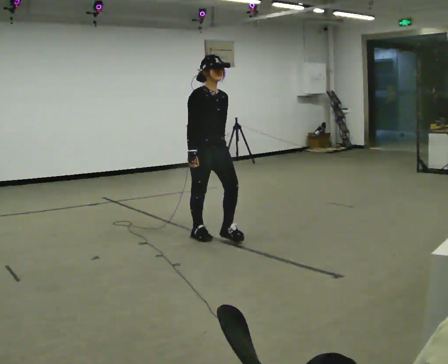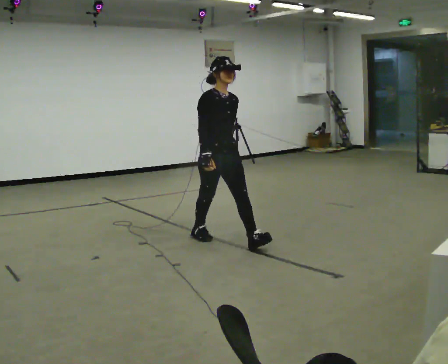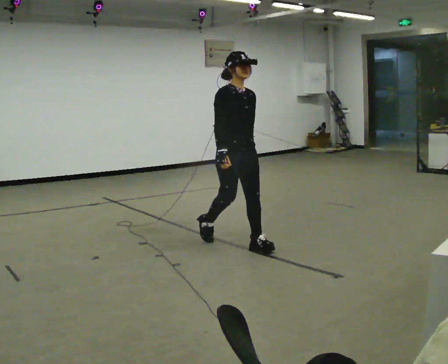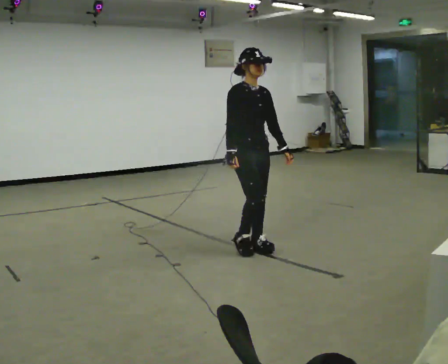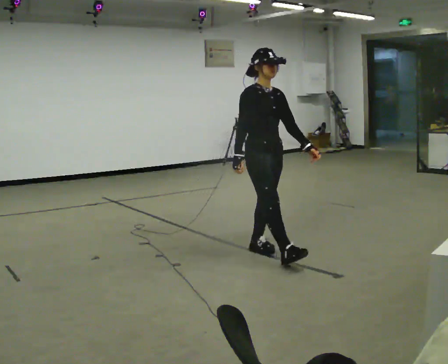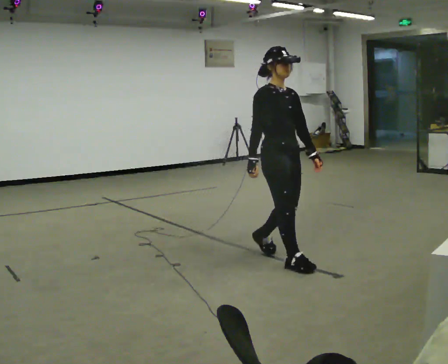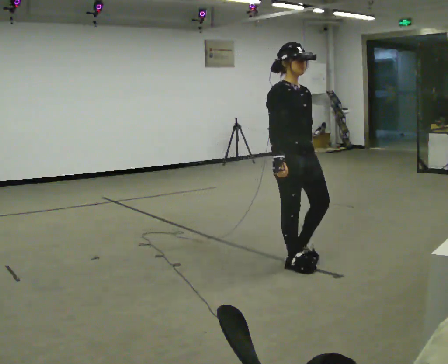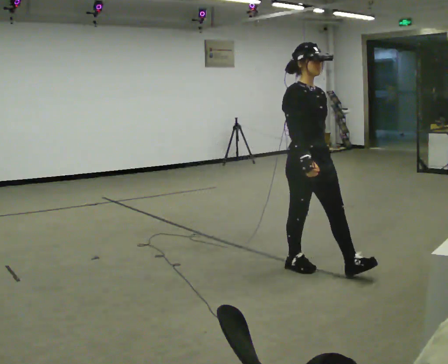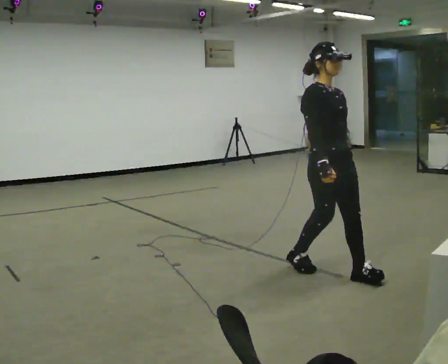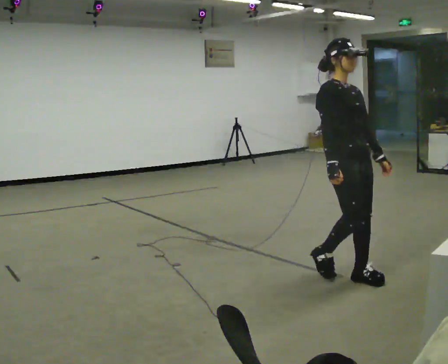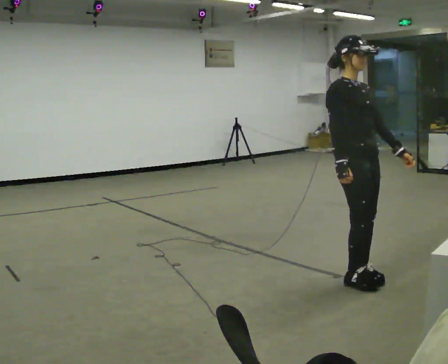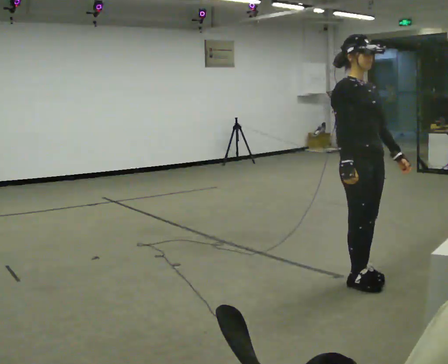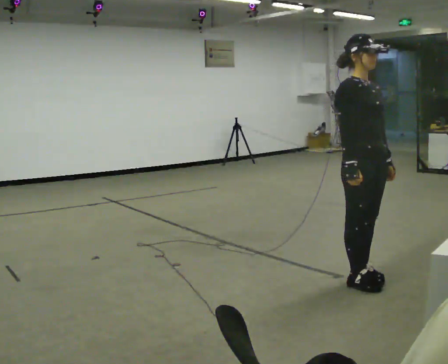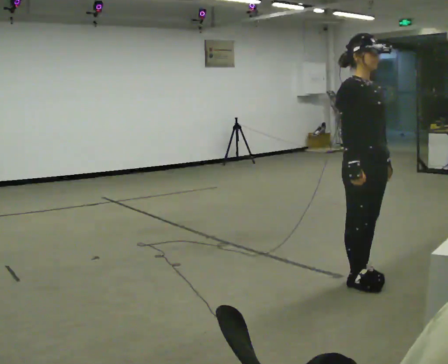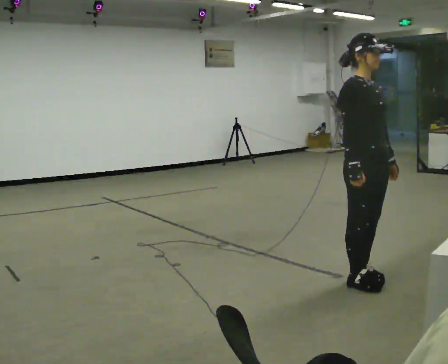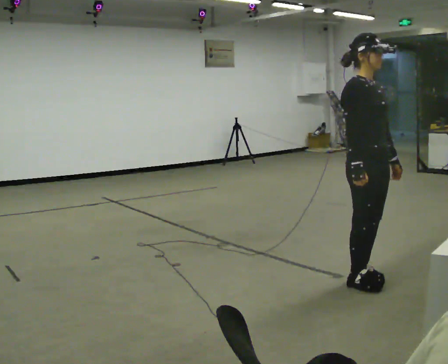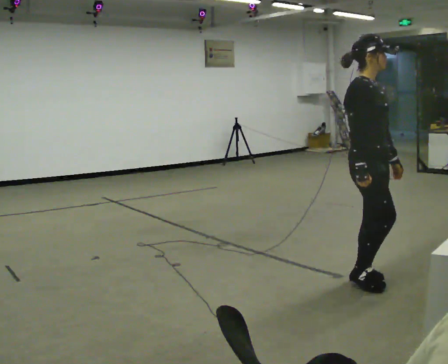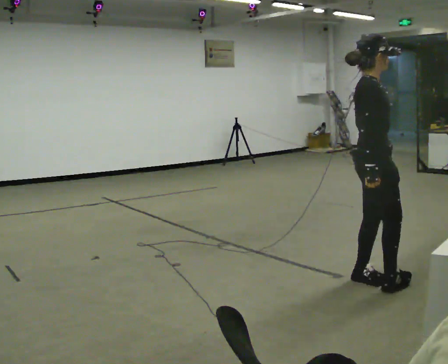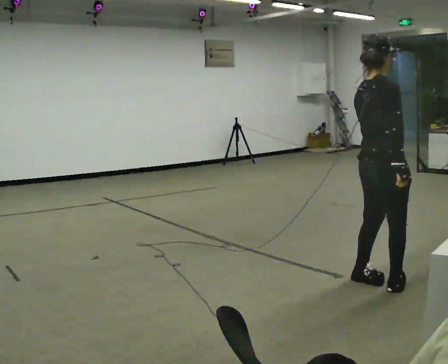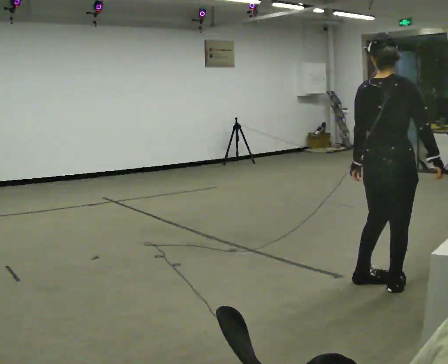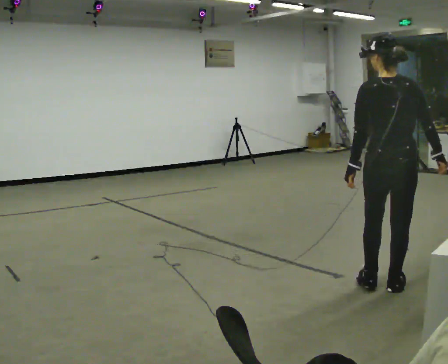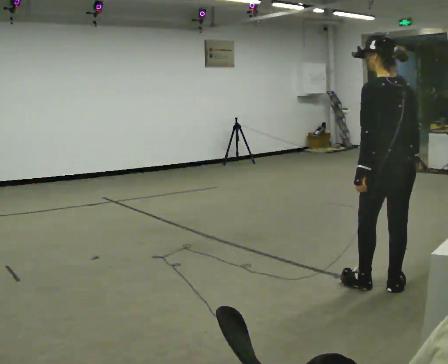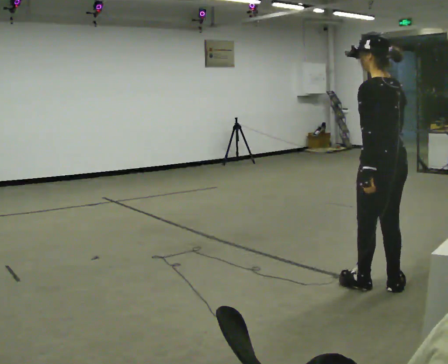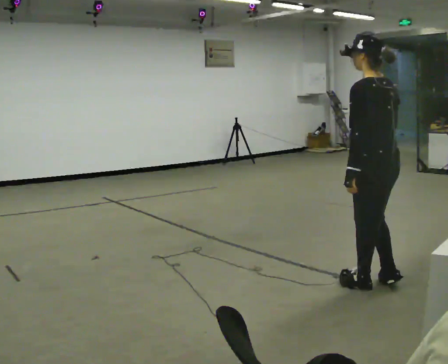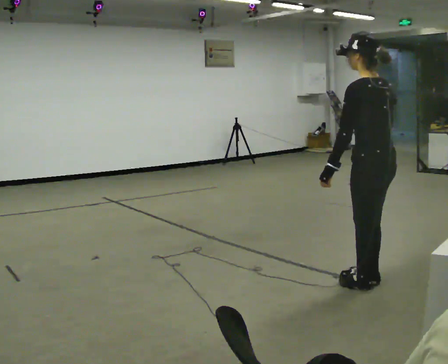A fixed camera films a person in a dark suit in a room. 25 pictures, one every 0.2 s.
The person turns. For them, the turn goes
to their left.
The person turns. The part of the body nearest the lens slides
to the right.
0.0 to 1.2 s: In the picture they go to the right and toward the camera, about 1 m in 2 steps, which for them is forward.
1.2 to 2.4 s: In the picture they go to the right and toward the camera, about 0.5 m in 2 steps, which for them is forward.
2.4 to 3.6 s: Seen from above the body turns counterclockwise, about 75 degrees: to their left, with its near side sliding to the right.
3.6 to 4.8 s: The person turns about 105 degrees to their left, counterclockwise seen from above, so the part of the body nearest the lens slides to the right.
The film runs forward here.
